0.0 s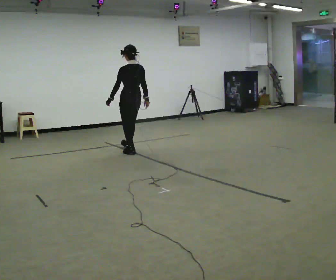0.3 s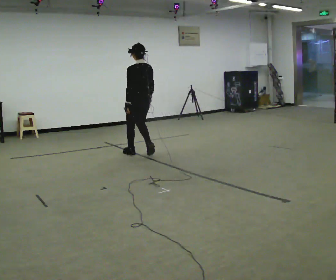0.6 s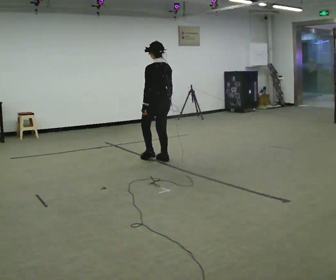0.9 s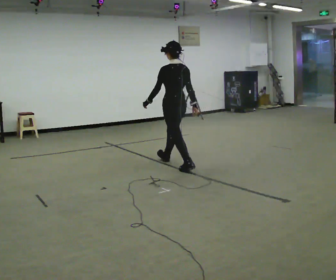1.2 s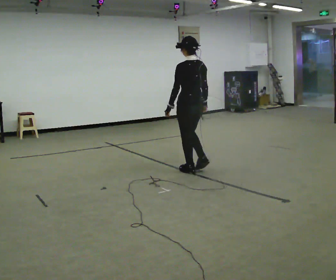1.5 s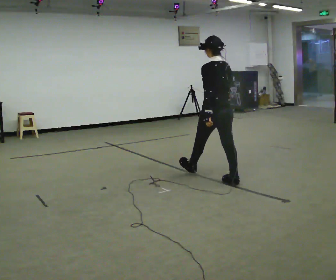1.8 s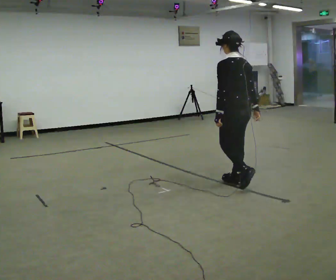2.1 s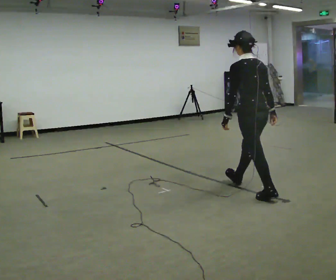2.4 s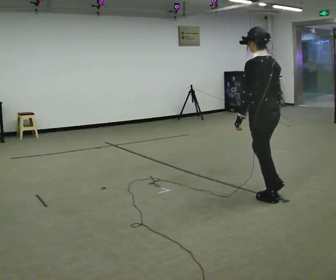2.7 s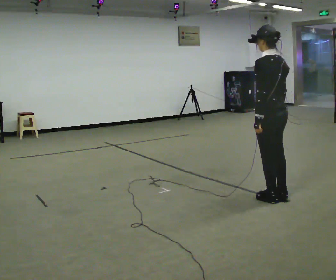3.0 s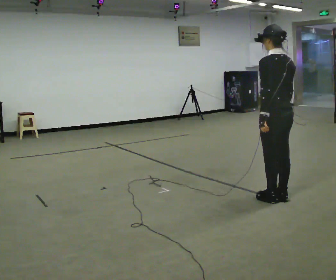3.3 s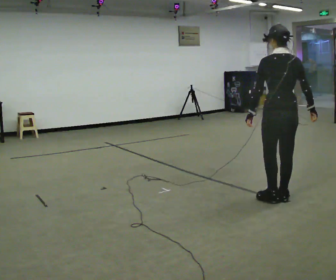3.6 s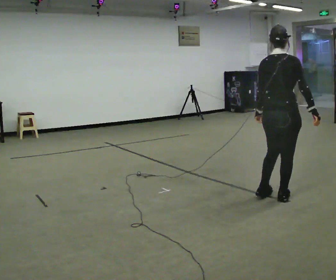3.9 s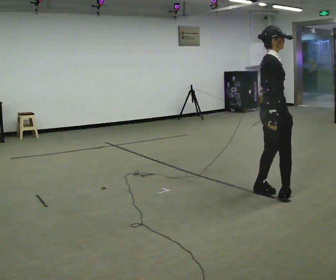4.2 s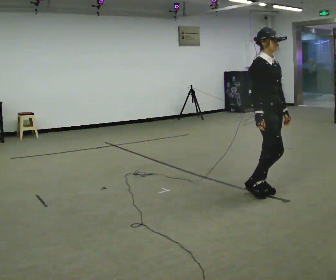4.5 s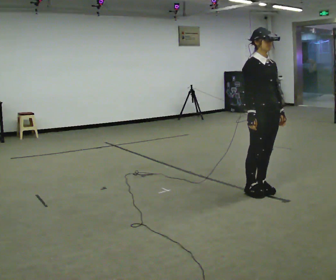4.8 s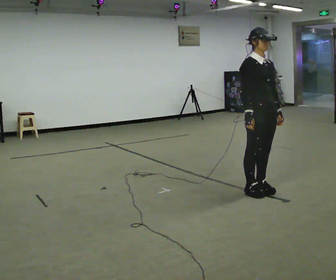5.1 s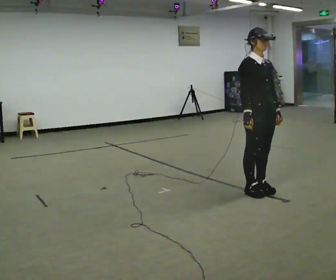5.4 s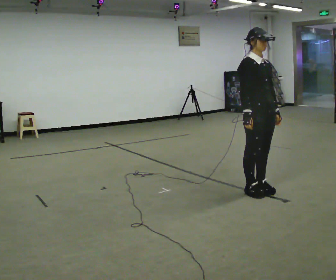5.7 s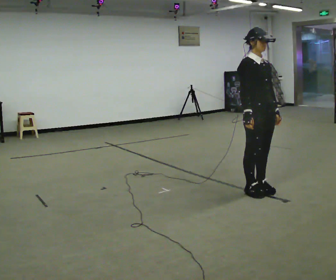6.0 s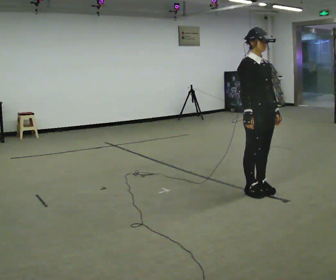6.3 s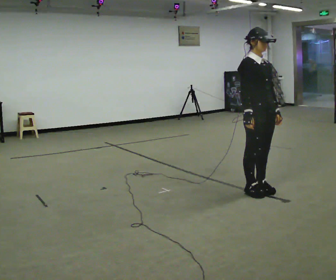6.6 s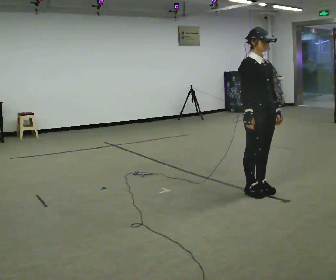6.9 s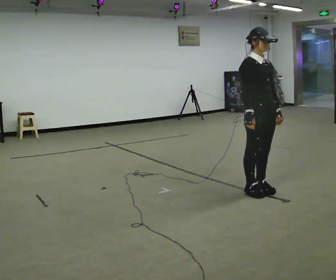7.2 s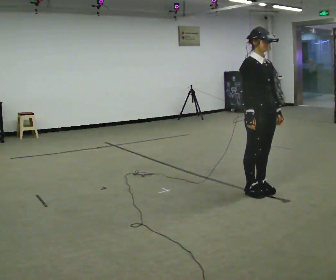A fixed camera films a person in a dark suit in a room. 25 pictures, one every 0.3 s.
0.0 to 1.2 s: In the picture they go to the right and toward the camera, about 1.5 m in 2 steps, which for them is backward.
1.2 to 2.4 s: In the picture they go to the right and toward the camera, about 1 m in 2 steps, which for them is backward.
2.4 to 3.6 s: The person turns about 75 degrees to their right, clockwise seen from above, so the part of the body nearest the lens slides to the left. In the picture their right hand goes to the right.
3.6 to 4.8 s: The person turns about 105 degrees to their right, clockwise seen from above, so the part of the body nearest the lens slides to the left. In the picture they go to the left, about 0.25 m in 1 step. In the picture their right hand goes to the left, the arm swinging clockwise.
4.8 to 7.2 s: The person moves a little, or ends about where they began.
The film runs backward here.
